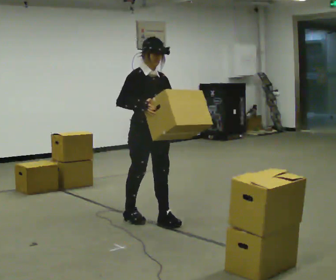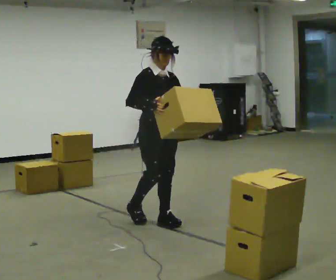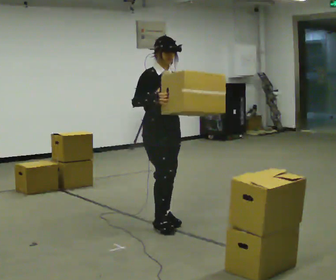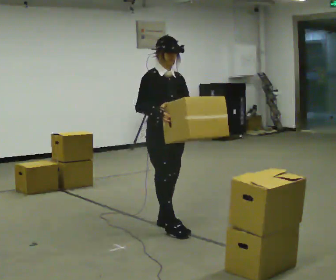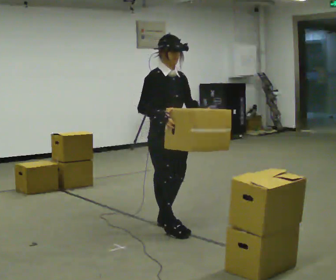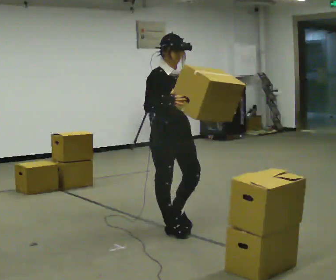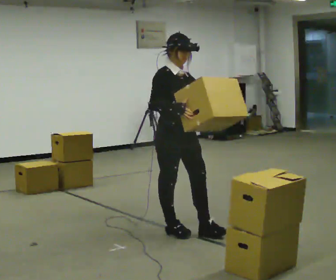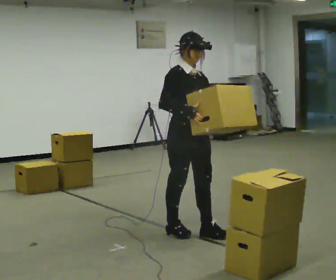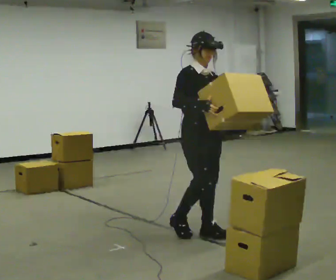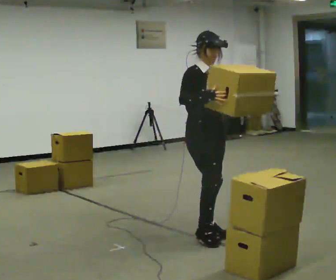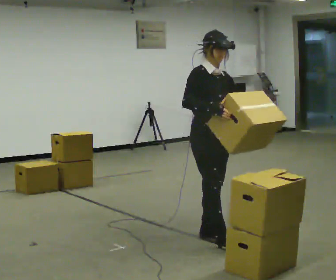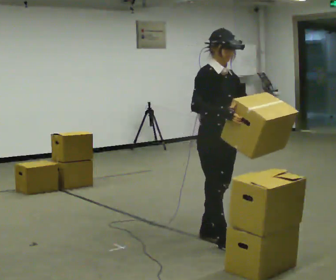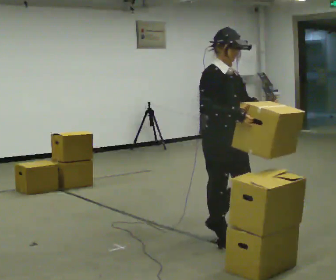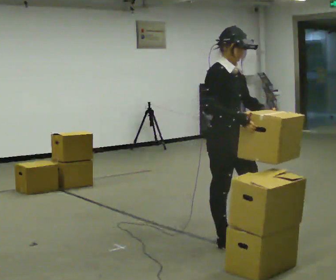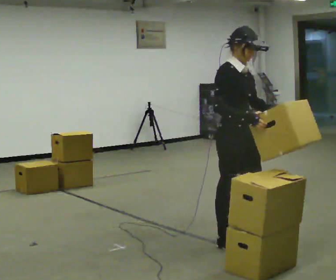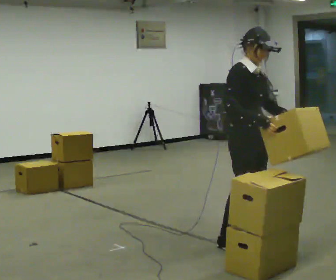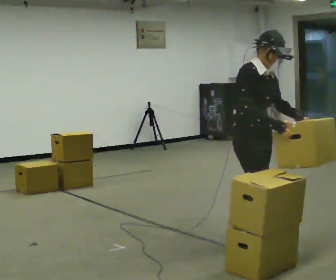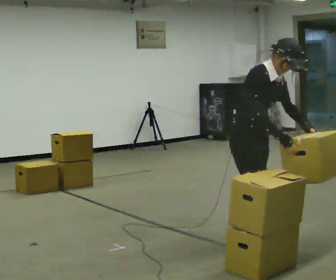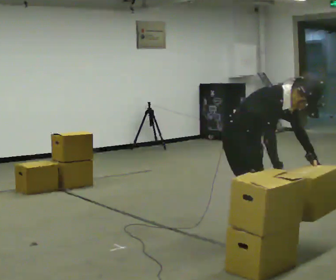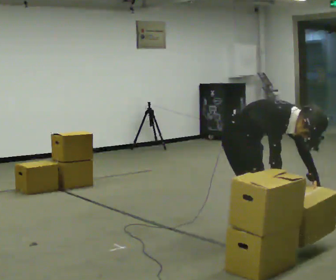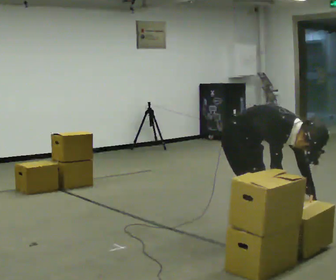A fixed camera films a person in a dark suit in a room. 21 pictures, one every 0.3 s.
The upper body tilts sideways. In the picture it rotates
clockwise.
The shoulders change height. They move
downward.
0.0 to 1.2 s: In the picture they go toward the camera and to the right, about 0.25 m in 1 step, which for them is forward.
1.2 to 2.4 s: In the picture they go to the right, about 0.25 m in 1 step, which for them is forward.
2.4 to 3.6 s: In the picture they go toward the camera and to the right, about 0.25 m in 1 step, which for them is forward.
3.6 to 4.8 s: In the picture they go to the right, about 0.25 m in 1 step, which for them is to their left and forward.
4.8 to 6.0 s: The upper body goes downward. In the picture the upper body tilts clockwise, shoulders to the right, as they bend forward. In the picture their right hand goes downward.
The film runs forward here.
